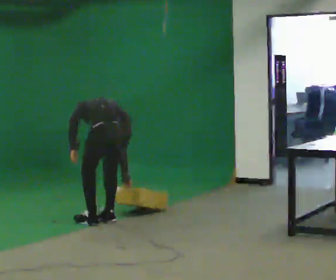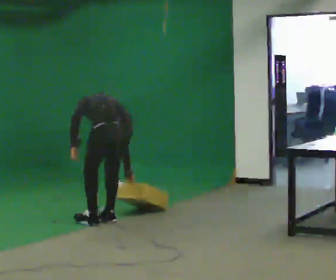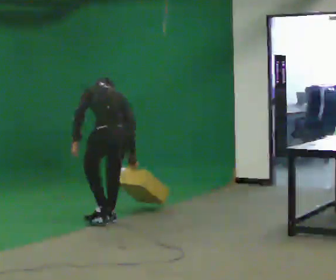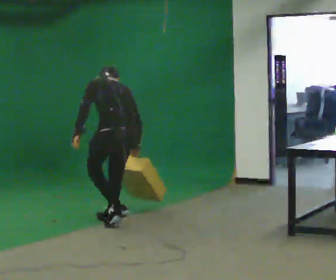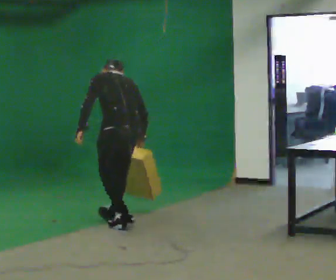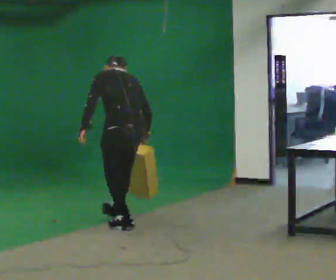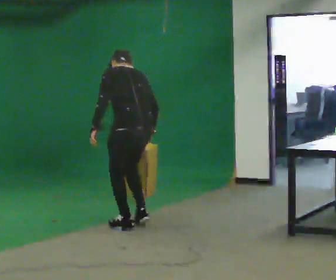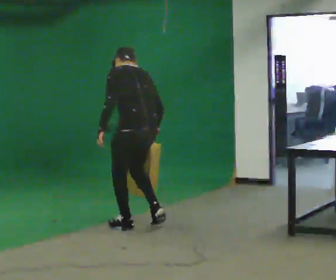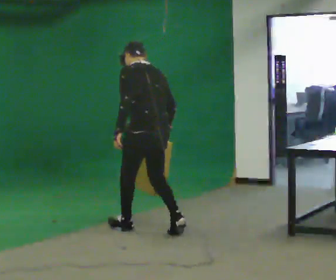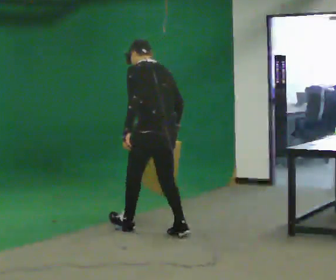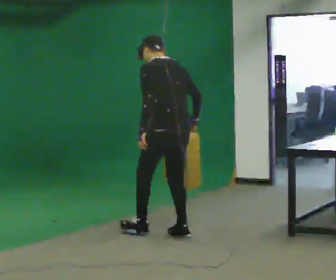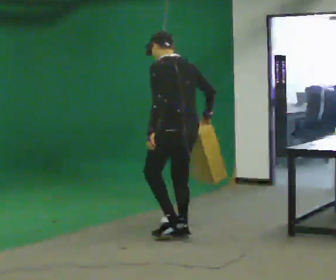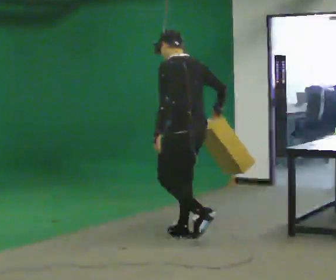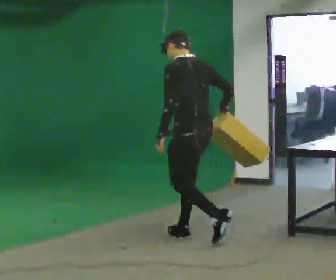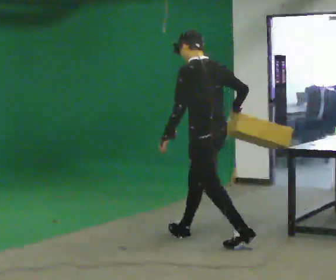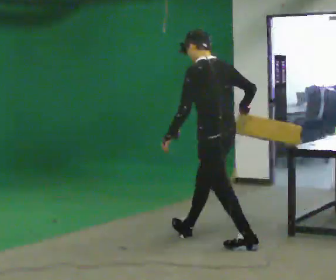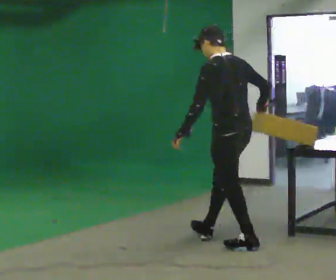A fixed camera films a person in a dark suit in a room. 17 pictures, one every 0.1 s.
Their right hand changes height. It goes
upward.
The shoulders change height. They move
upward.
0.0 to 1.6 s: In the picture they go to the right and toward the camera, about 1 m in 4 steps, which for them is backward. The shoulders move upward. The upper body tips toward the camera, its near side rolling downward, as they lean back or straighten. In the picture their right hand goes upward.
The film runs backward here.
